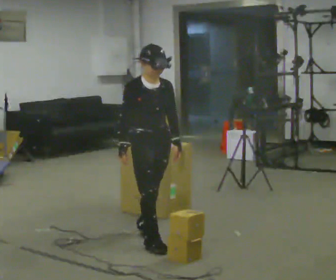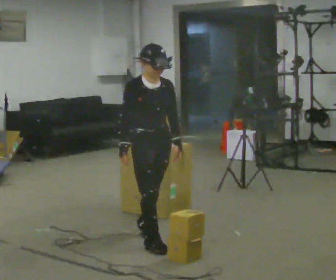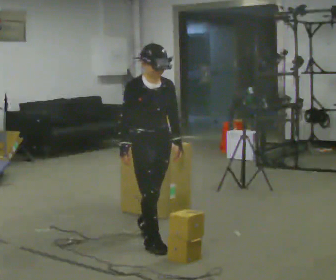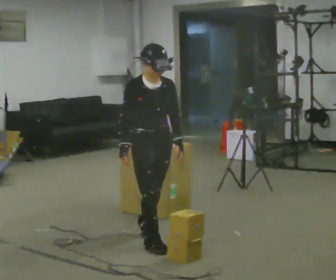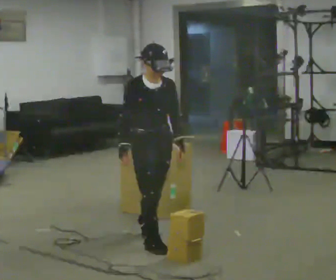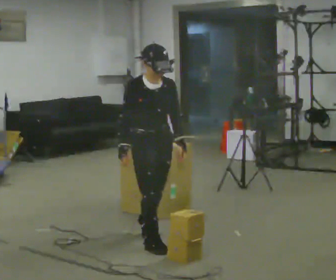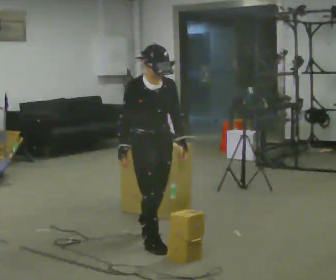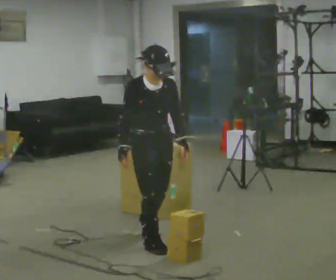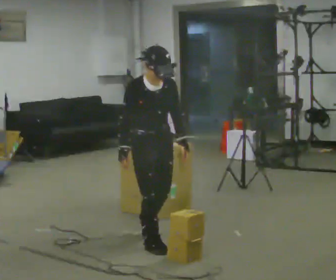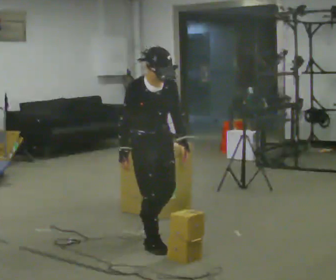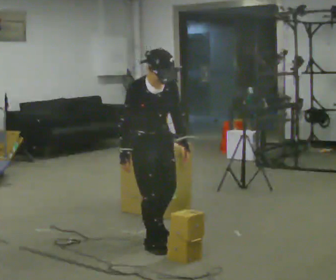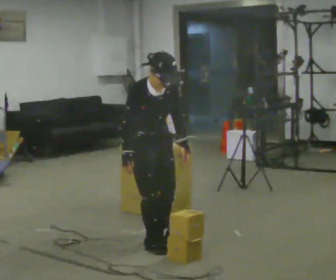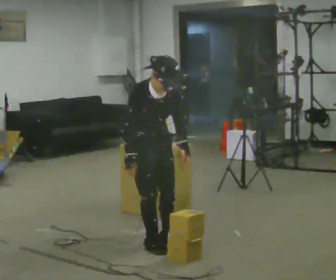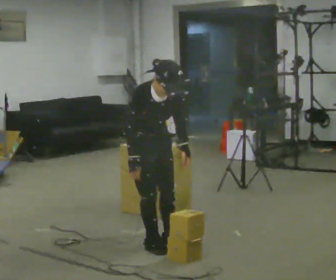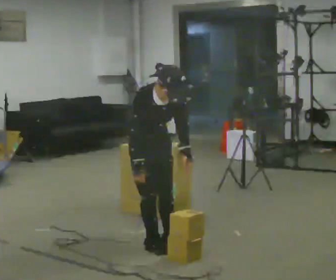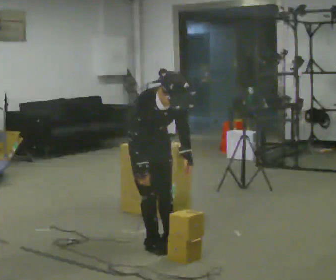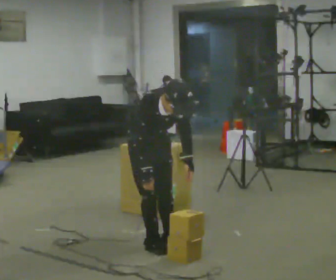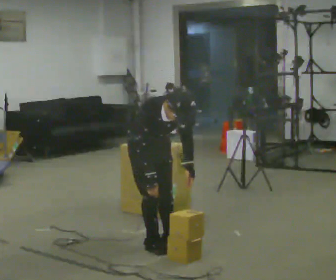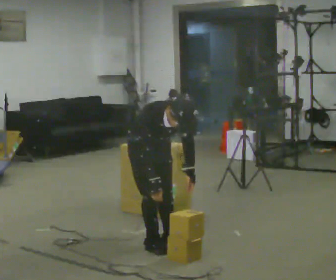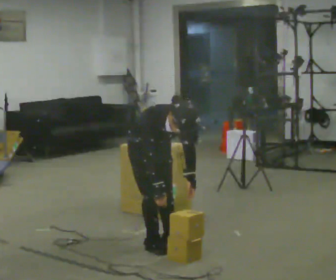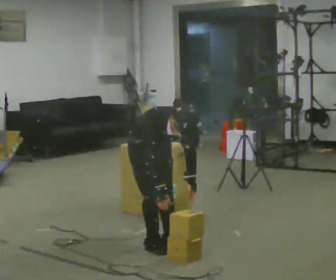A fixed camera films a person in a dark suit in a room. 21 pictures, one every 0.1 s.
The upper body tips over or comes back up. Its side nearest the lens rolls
downward.
0.0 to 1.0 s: In the picture they go toward the camera, about 0.25 m, which for them is forward. The upper body tips toward the camera, its near side rolling downward, as they bend forward.
1.0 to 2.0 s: The shoulders move downward. The upper body tips toward the camera, its near side rolling downward, as they bend forward.
The film runs forward here.
